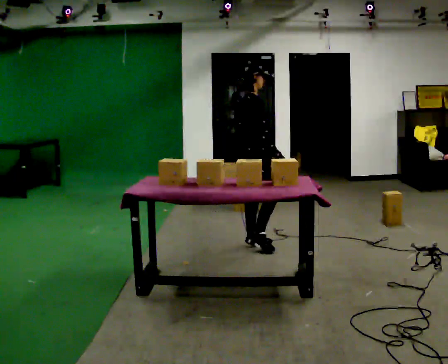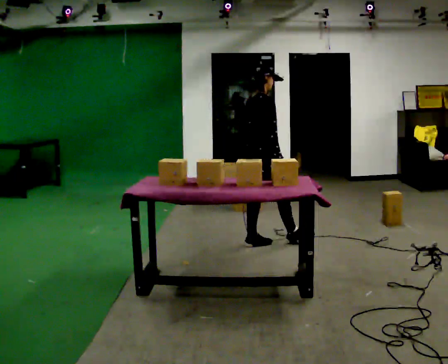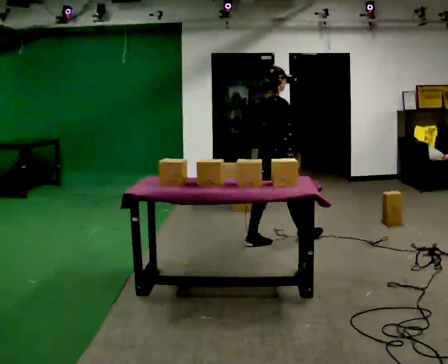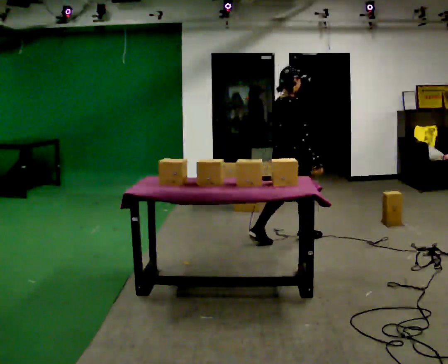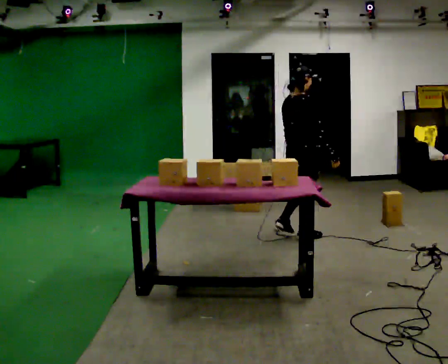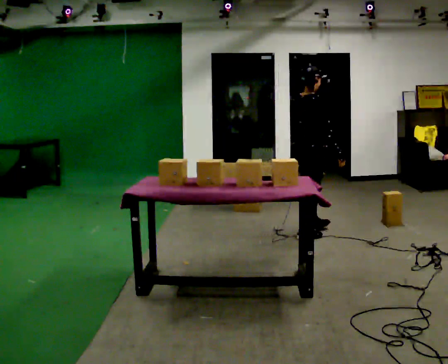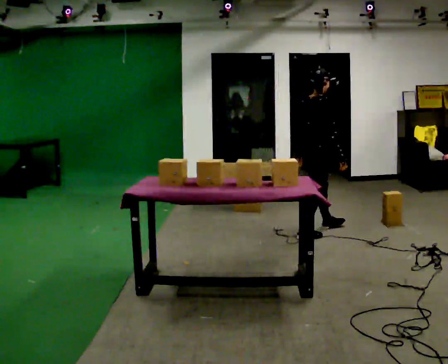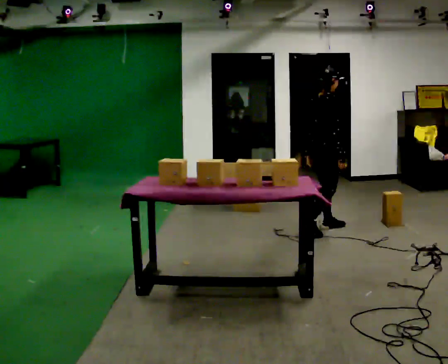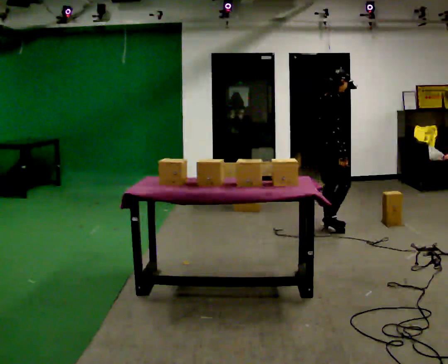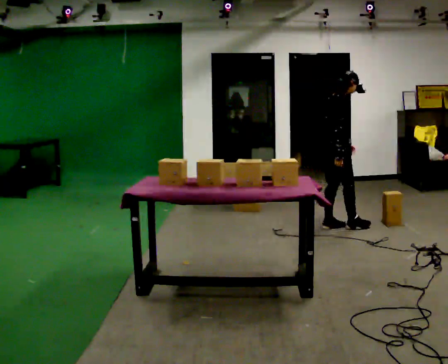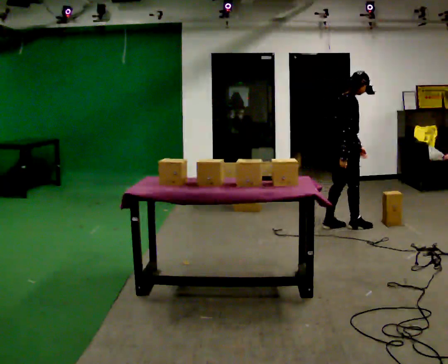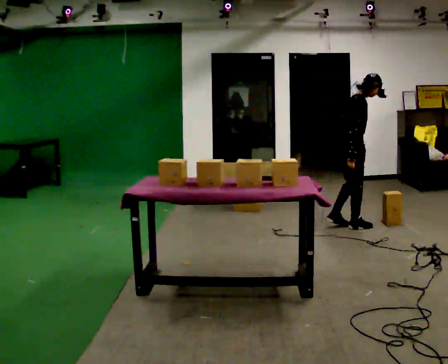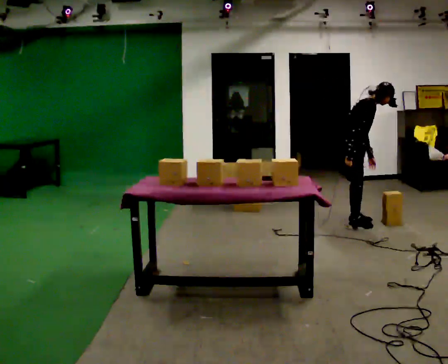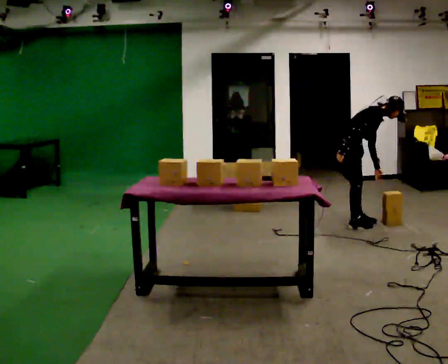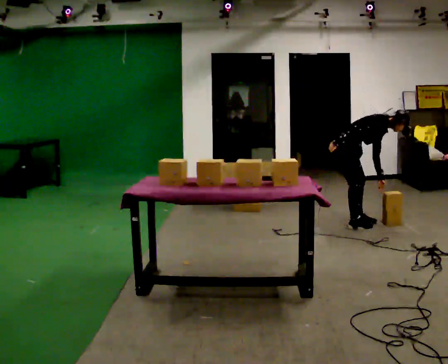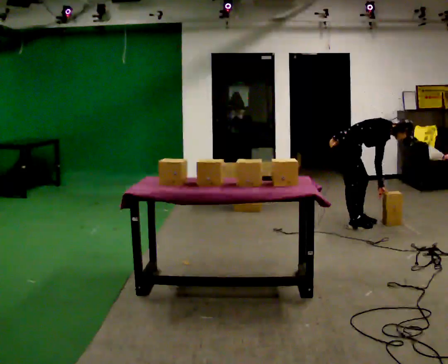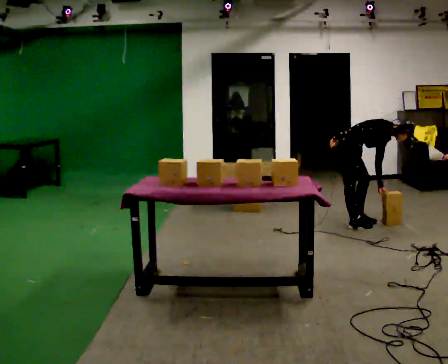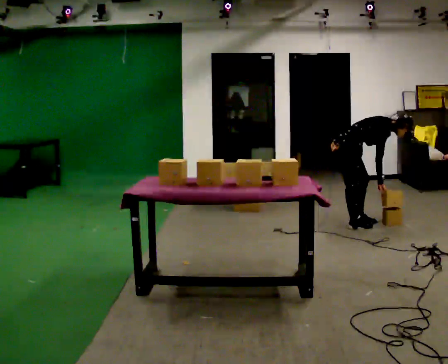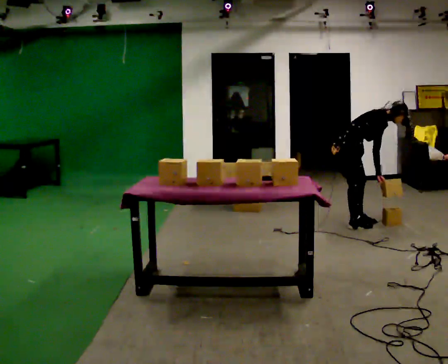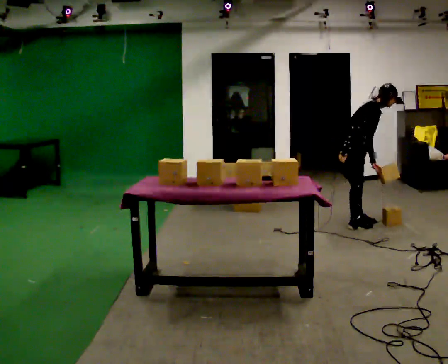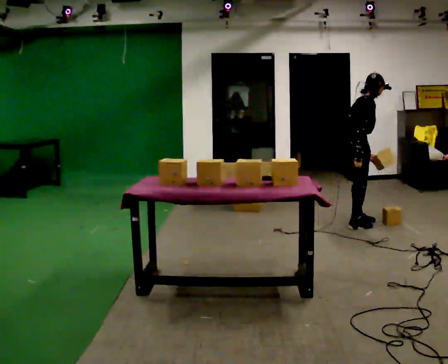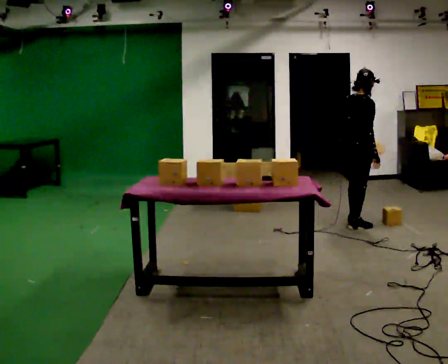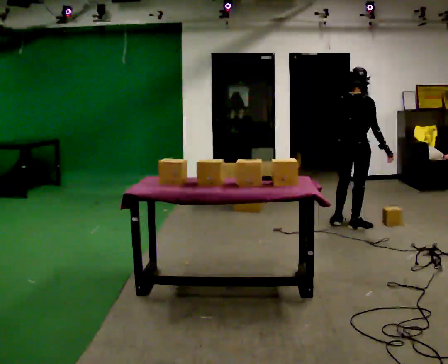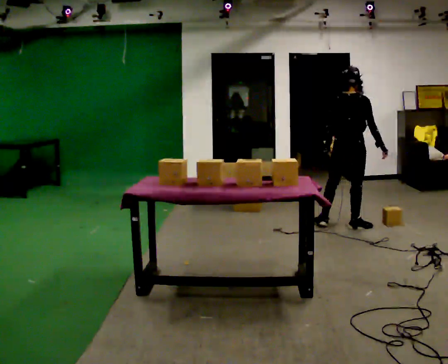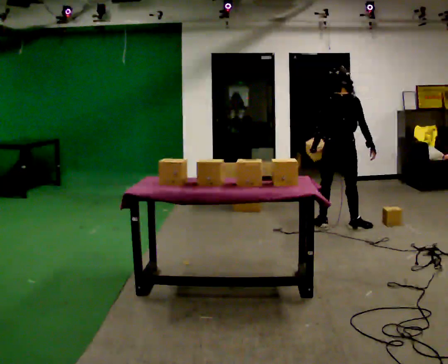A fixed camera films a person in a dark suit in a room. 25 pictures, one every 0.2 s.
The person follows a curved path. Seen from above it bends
counterclockwise.
0.0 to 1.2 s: In the picture they go away from the camera and to the right, about 0.5 m in 2 steps, which for them is forward.
1.2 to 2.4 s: The person turns about 30 degrees to their right, clockwise seen from above, so the part of the body nearest the lens slides to the left. In the picture they go away from the camera and to the right, about 0.5 m in 1 step, which for them is forward and to their left. In the picture the upper body tilts clockwise, shoulders to the right, as they bend forward.
2.4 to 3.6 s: The person moves a little, or ends about where they began.
3.6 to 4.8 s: The part of the body nearest the lens slides to the right as the person turns to their left by about 90 degrees. The shoulders move upward. In the picture the upper body tilts counterclockwise, shoulders to the left, as they lean back or straighten.
The film runs forward here.
